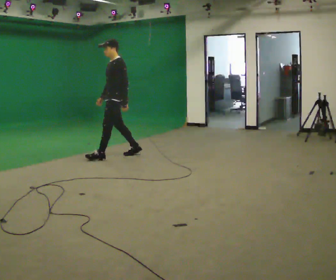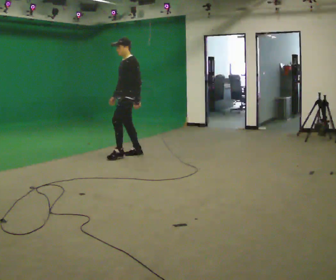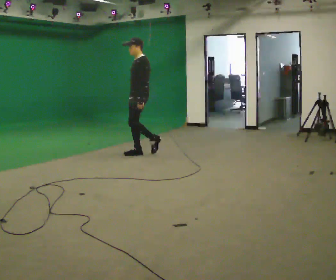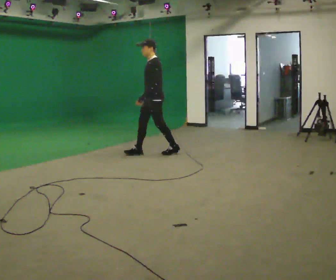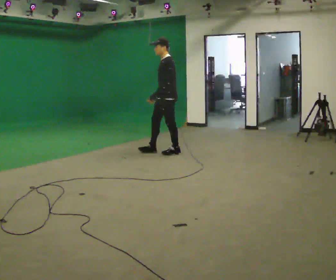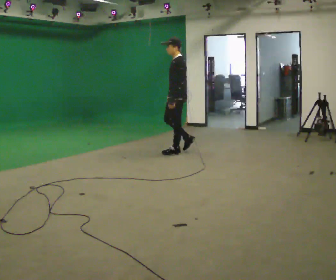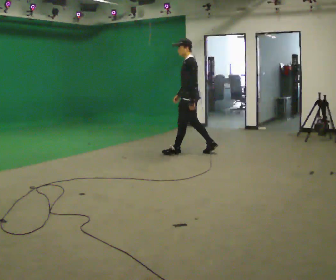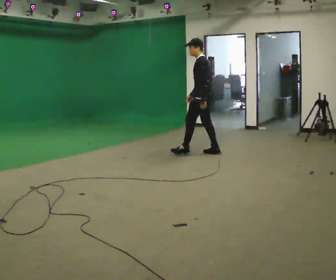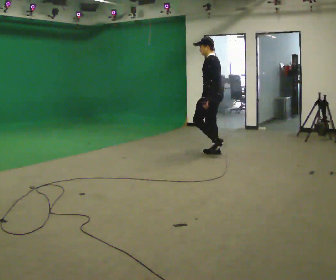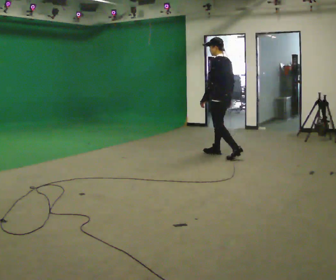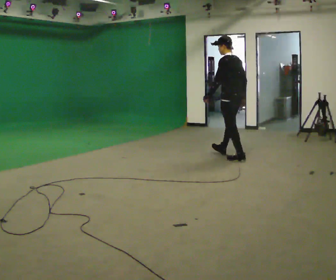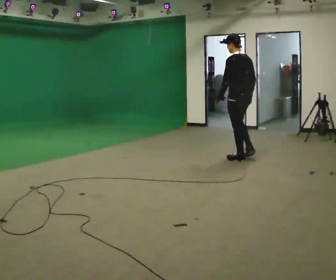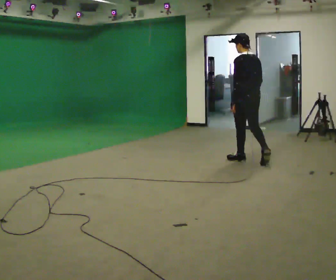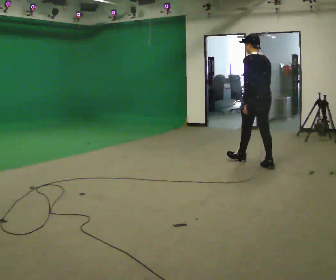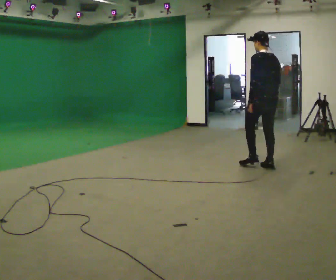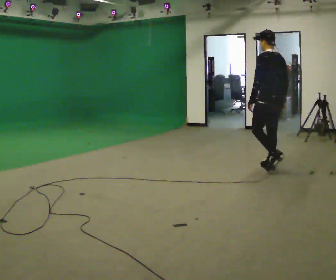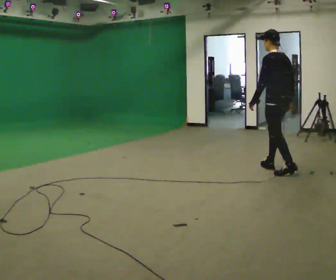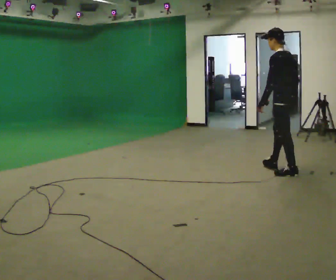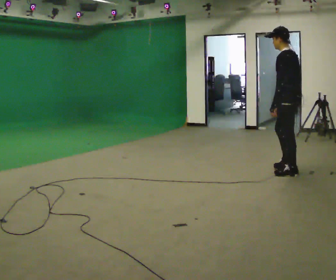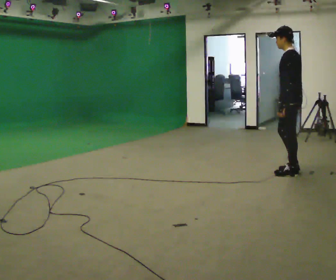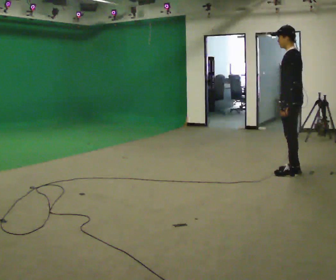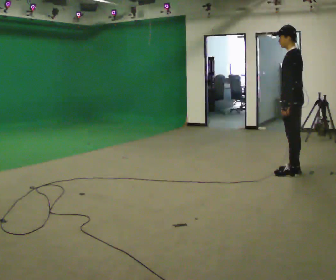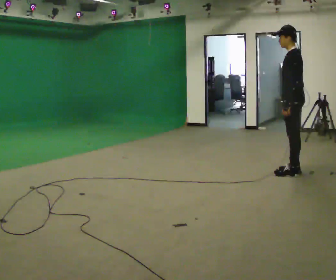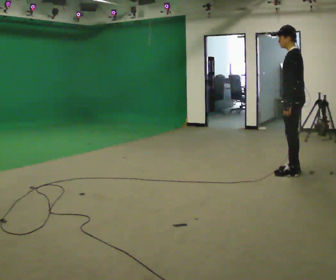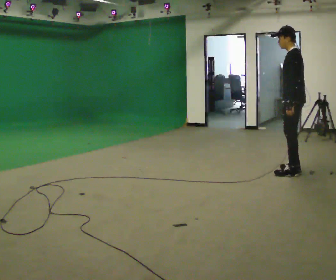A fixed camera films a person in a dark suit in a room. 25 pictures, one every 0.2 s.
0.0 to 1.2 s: Seen from above the body turns clockwise, about 30 degrees: to their right, with its near side sliding to the left. In the picture they go to the right, about 1 m in 2 steps, which for them is backward.
1.2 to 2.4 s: The person turns about 60 degrees to their right, clockwise seen from above, so the part of the body nearest the lens slides to the left. In the picture they go to the right and toward the camera, about 1 m in 2 steps, which for them is backward.
2.4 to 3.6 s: In the picture they go toward the camera and to the right, about 1 m in 2 steps, which for them is backward.
3.6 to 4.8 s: The person moves a little, or ends about where they began.
The film runs backward here.
